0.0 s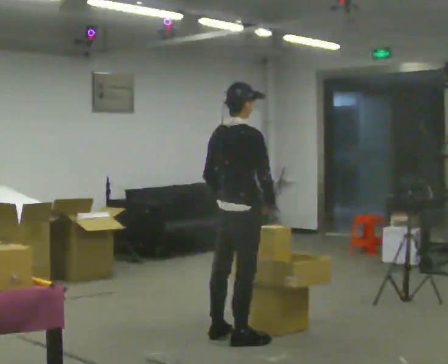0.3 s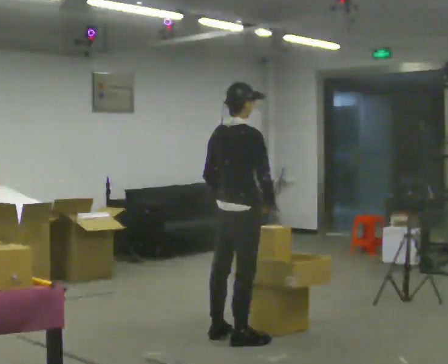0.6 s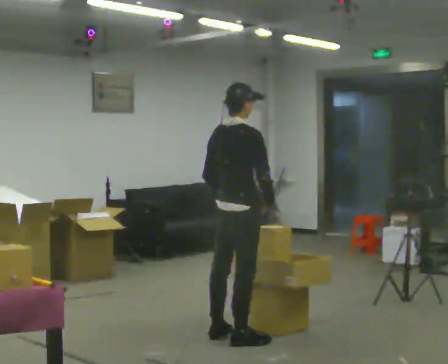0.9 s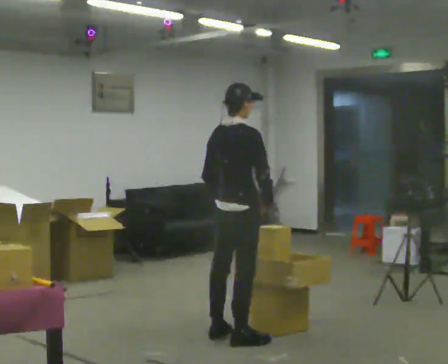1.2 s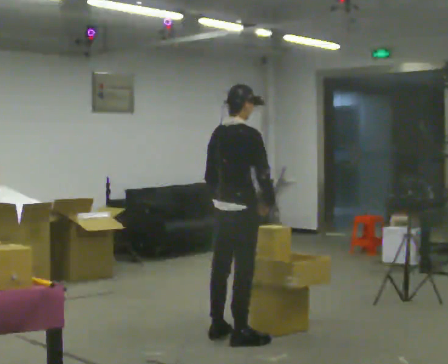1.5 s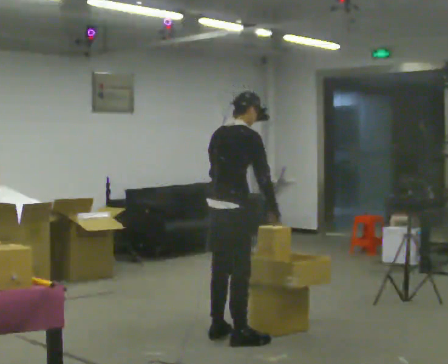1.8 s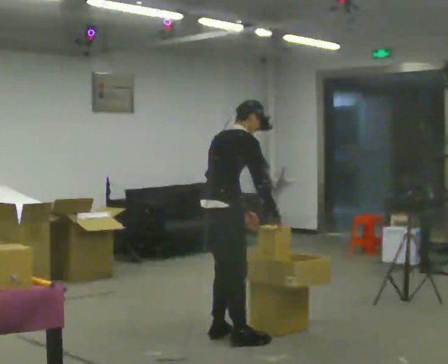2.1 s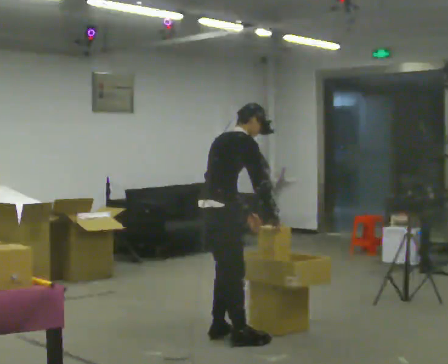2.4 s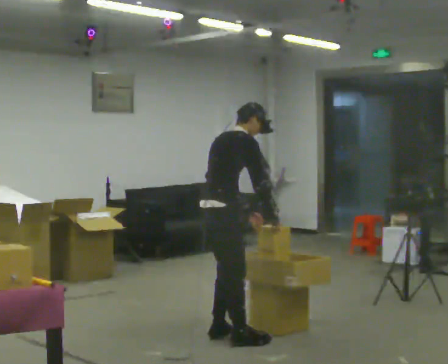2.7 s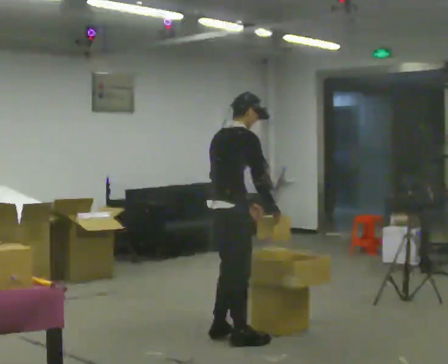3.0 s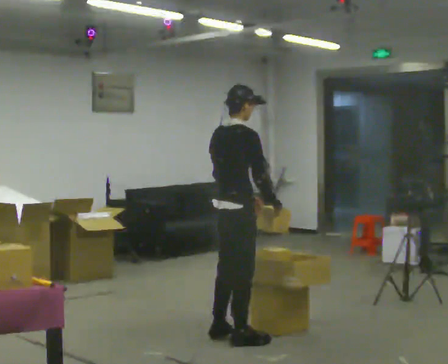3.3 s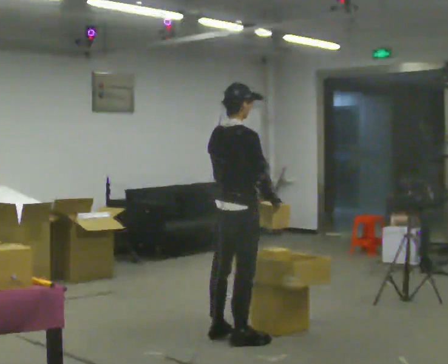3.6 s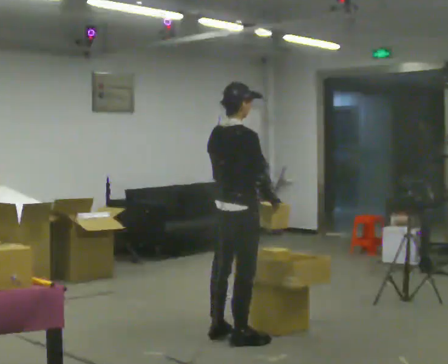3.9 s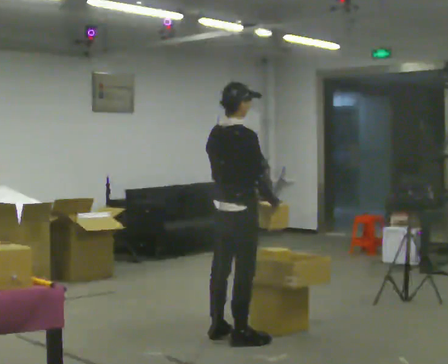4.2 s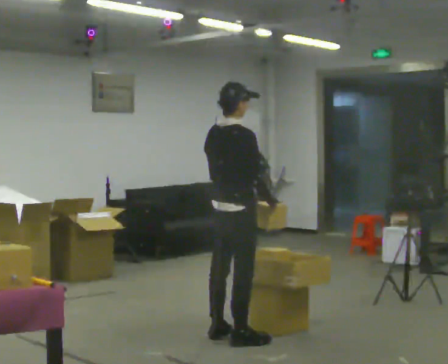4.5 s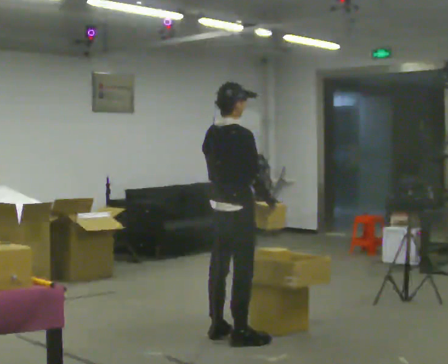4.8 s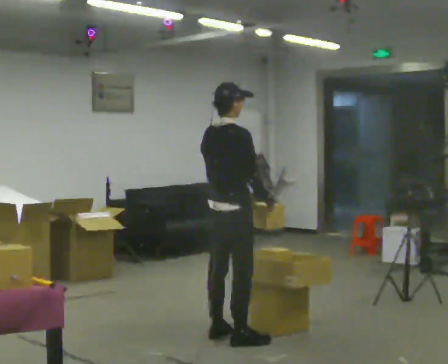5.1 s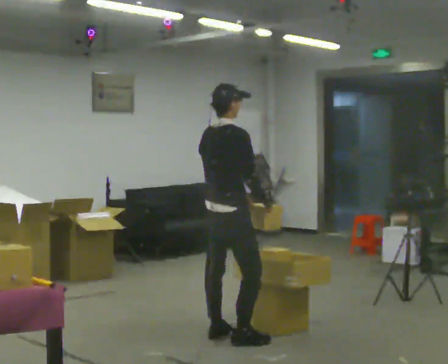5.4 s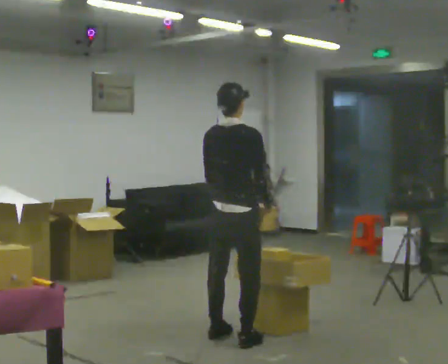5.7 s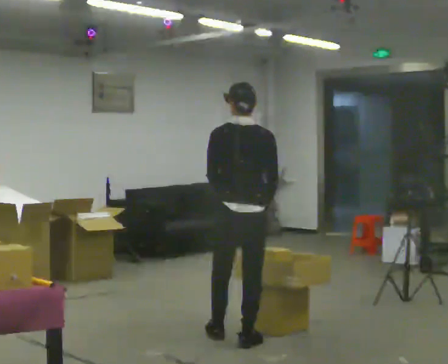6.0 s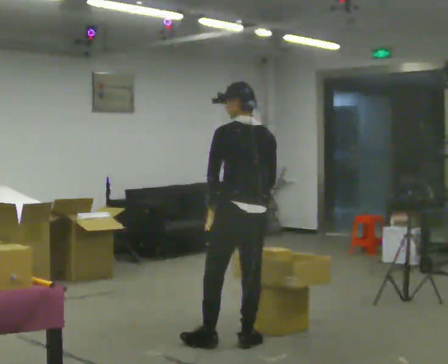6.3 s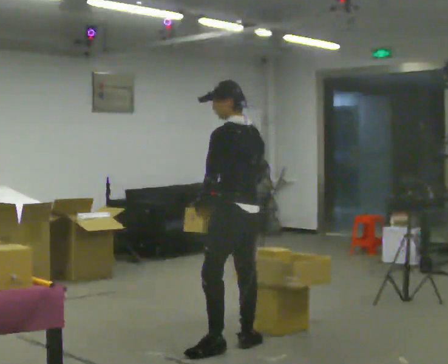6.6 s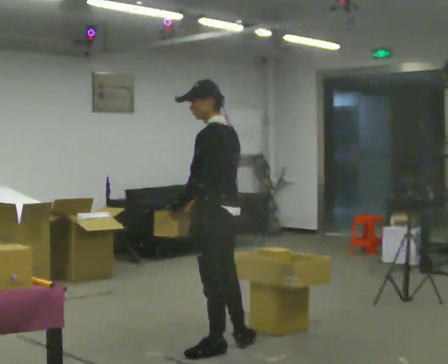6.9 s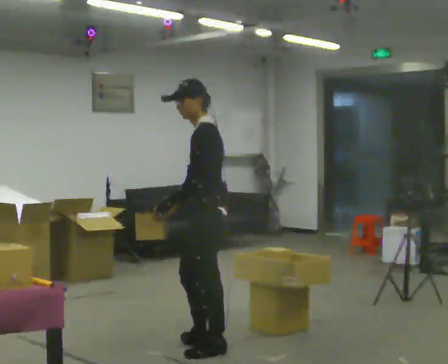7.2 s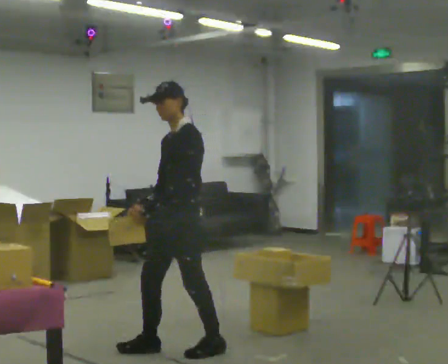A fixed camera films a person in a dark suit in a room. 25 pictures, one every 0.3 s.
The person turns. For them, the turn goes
to their left.
The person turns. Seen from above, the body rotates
counterclockwise.
0.0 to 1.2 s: The person moves a little, or ends about where they began.
1.2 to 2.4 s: In the picture the upper body tilts clockwise, shoulders to the right, as they bend forward.
2.4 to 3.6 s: In the picture the upper body tilts counterclockwise, shoulders to the left, as they lean back or straighten.
3.6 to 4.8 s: The person moves a little, or ends about where they began.
4.8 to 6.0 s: Seen from above the body turns counterclockwise, about 75 degrees: to their left, with its near side sliding to the right. In the picture they go toward the camera, about 0.25 m.
6.0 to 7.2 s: The part of the body nearest the lens slides to the right as the person turns to their left by about 90 degrees. In the picture they go to the left, about 0.5 m in 2 steps.
The film runs forward here.
